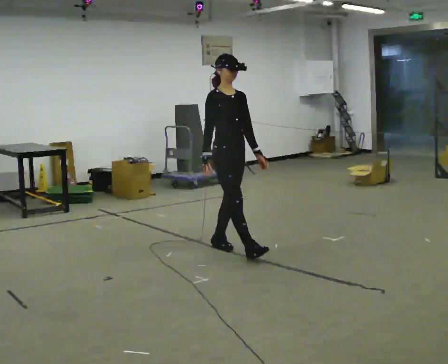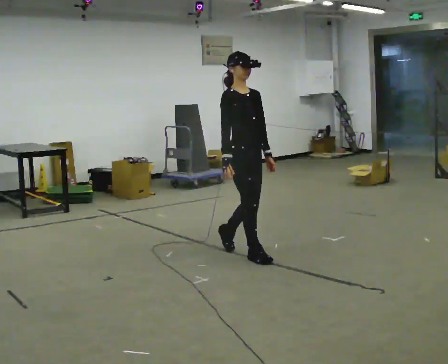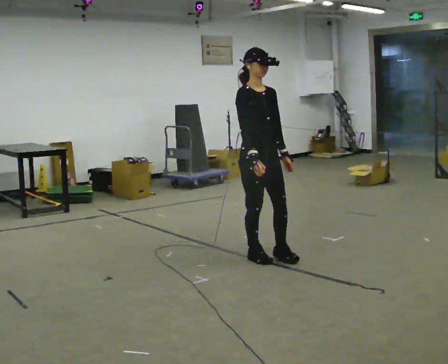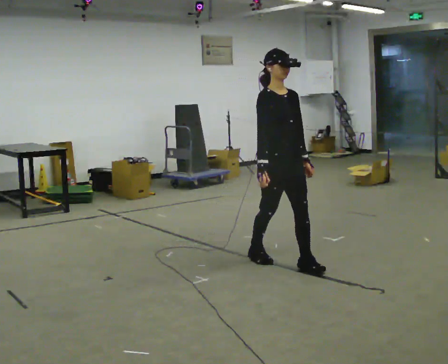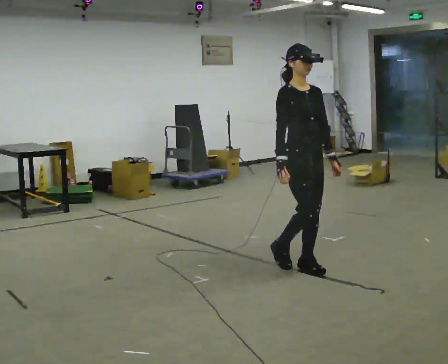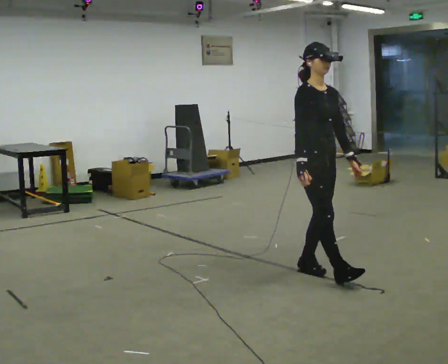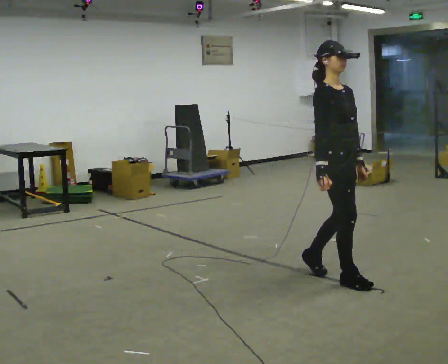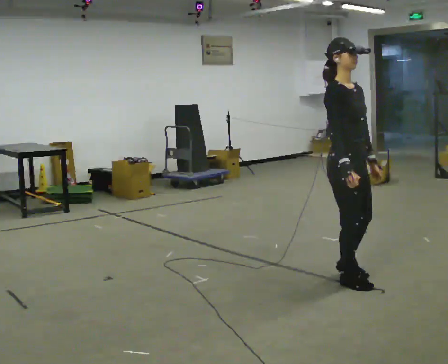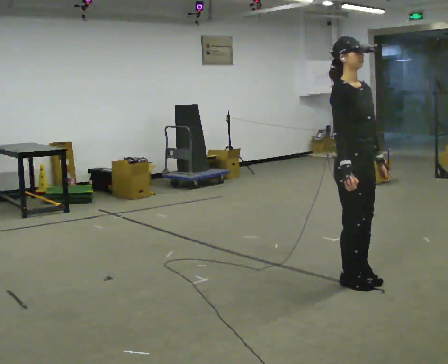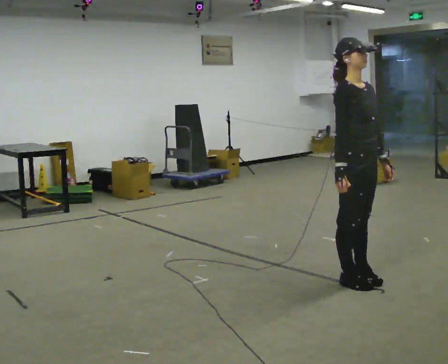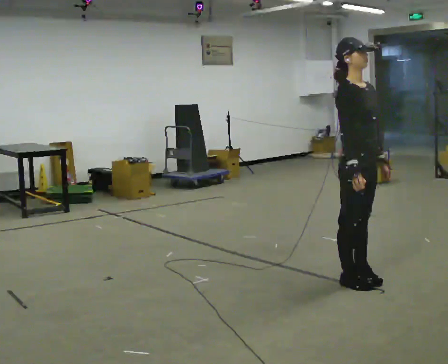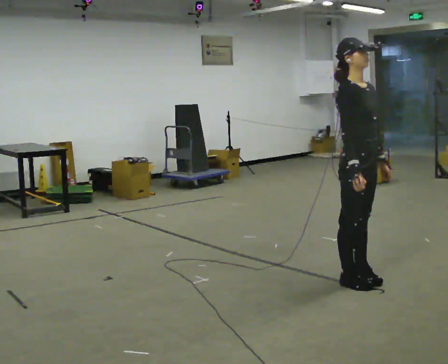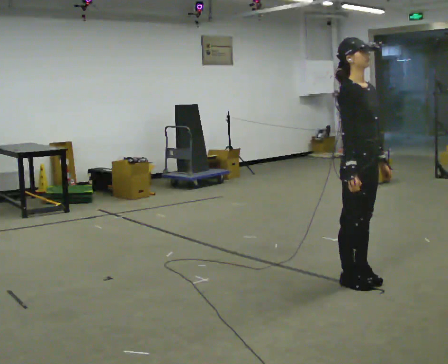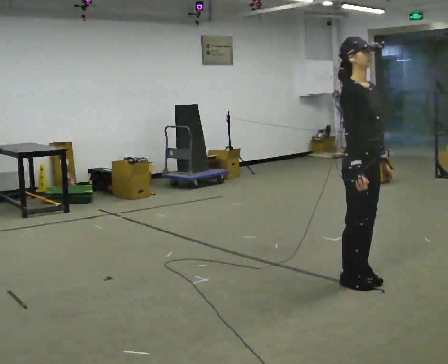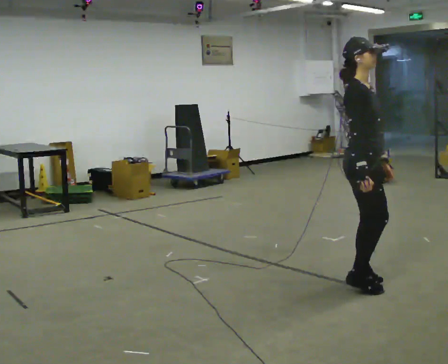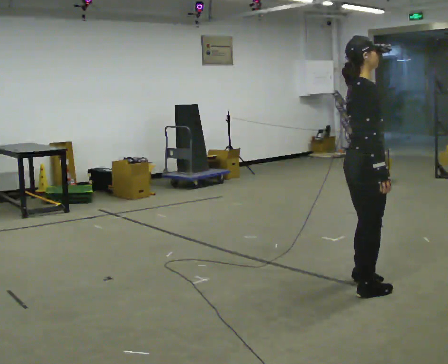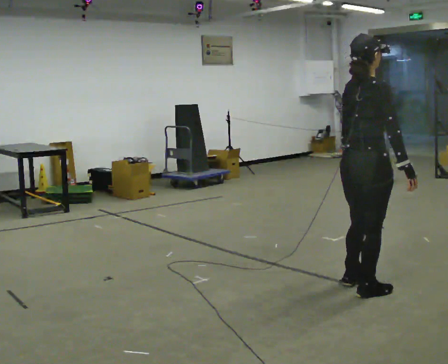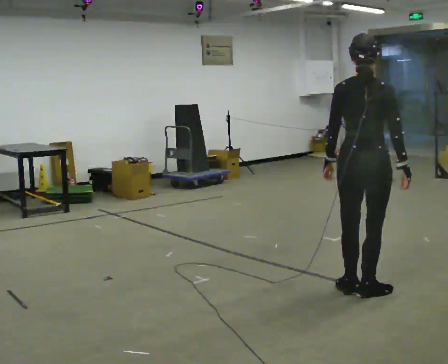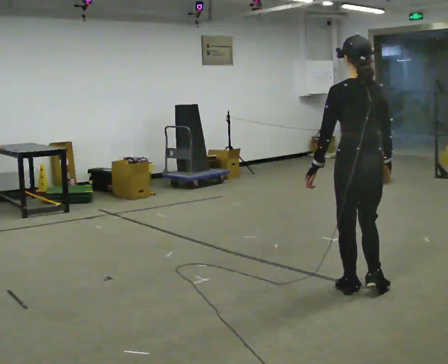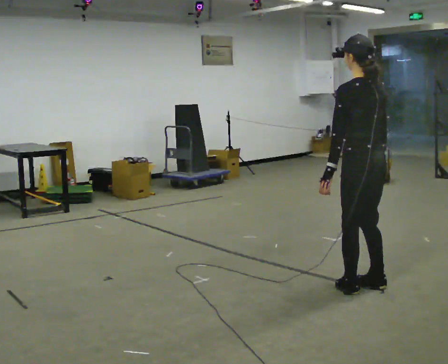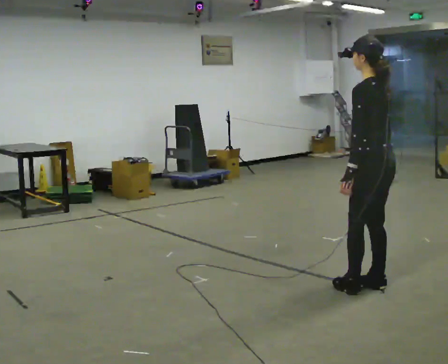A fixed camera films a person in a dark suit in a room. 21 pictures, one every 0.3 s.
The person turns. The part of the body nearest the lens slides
to the right.
The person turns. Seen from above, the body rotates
counterclockwise.
0.0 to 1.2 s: In the picture they go to the right and toward the camera, about 1 m in 2 steps, which for them is forward.
1.2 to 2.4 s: In the picture they go to the right and toward the camera, about 0.5 m in 2 steps, which for them is forward.
2.4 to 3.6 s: The person moves a little, or ends about where they began.
3.6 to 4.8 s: The part of the body nearest the lens slides to the right as the person turns to their left by about 75 degrees. In the picture they go toward the camera, about 0.25 m in 1 step.
4.8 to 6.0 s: The person turns about 105 degrees to their left, counterclockwise seen from above, so the part of the body nearest the lens slides to the right.
The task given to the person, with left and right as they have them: Walk forward with your feet closer together than normal, or further apart than normal, as the operator states; stop.
The film runs forward here.
